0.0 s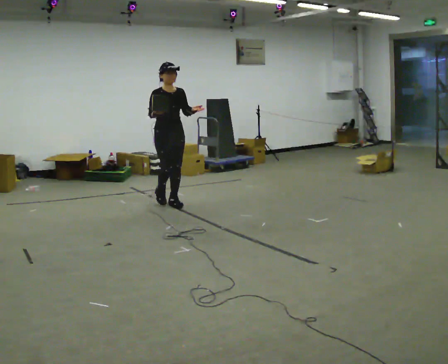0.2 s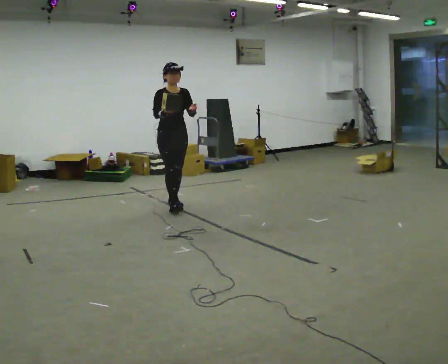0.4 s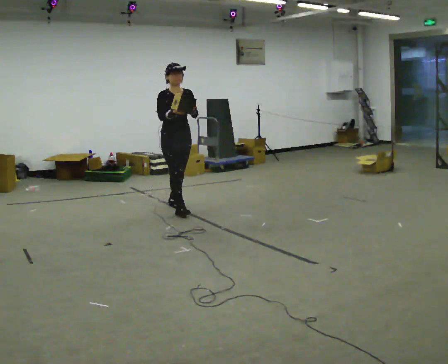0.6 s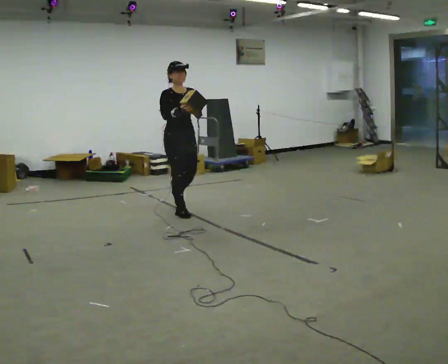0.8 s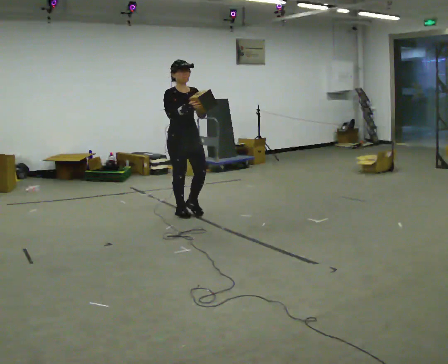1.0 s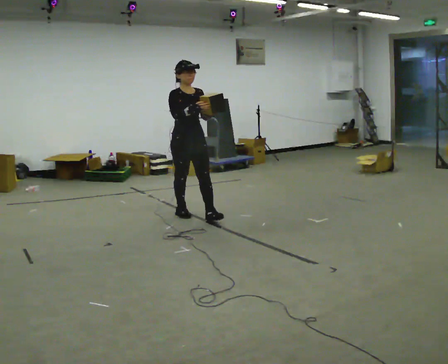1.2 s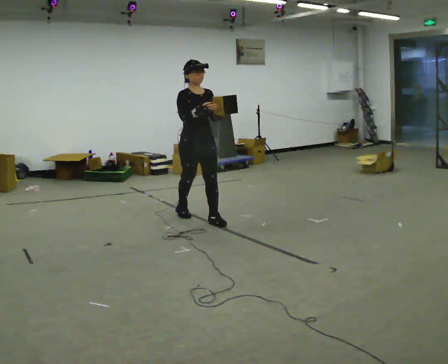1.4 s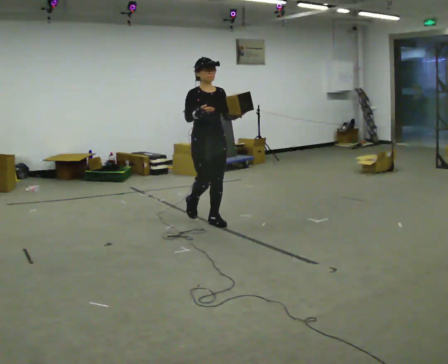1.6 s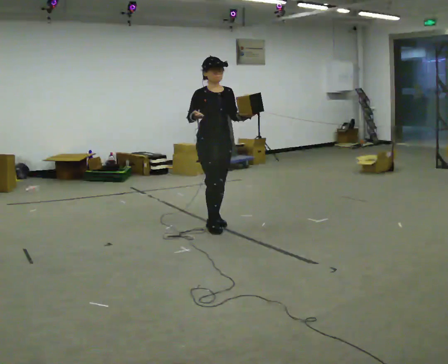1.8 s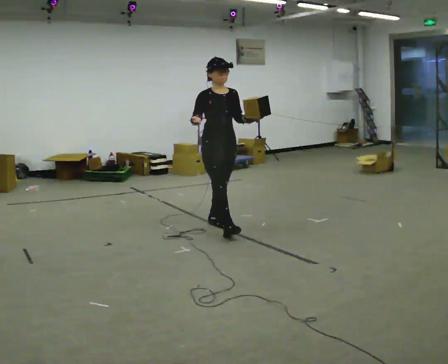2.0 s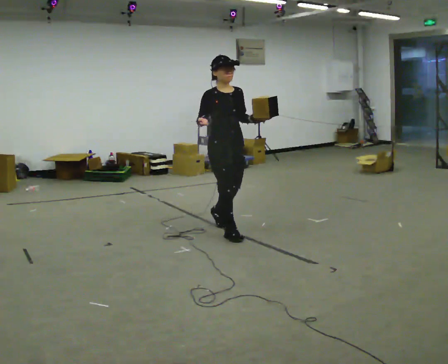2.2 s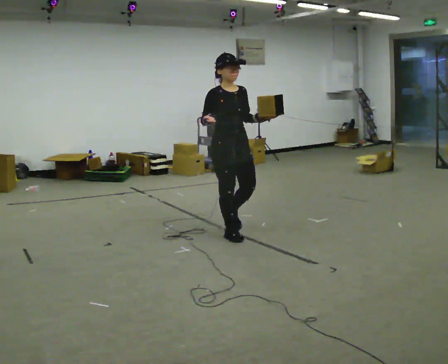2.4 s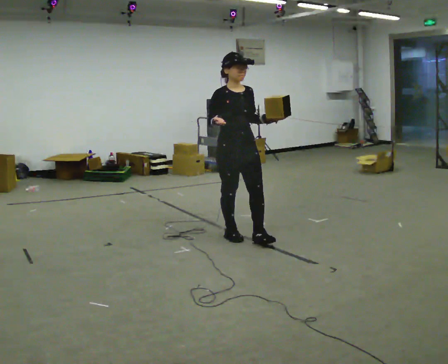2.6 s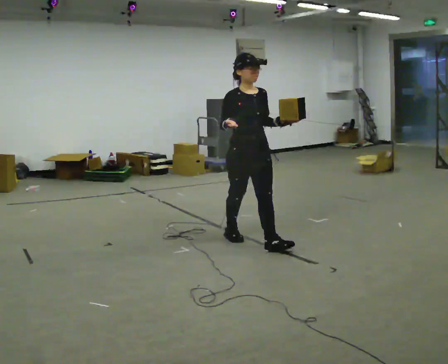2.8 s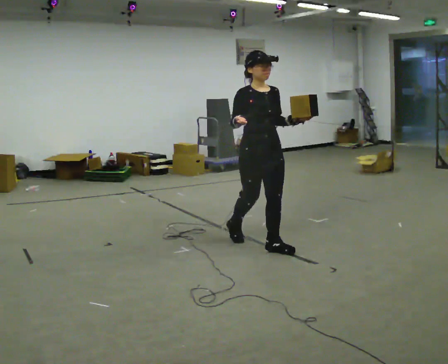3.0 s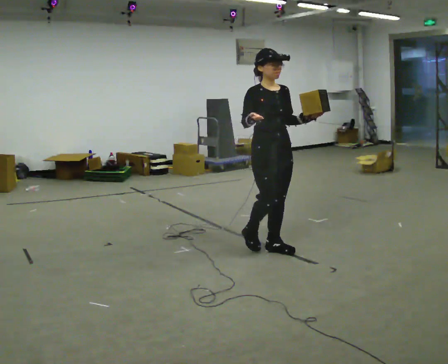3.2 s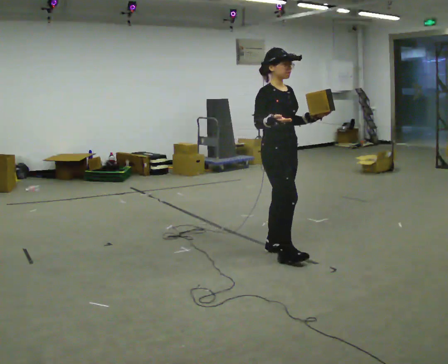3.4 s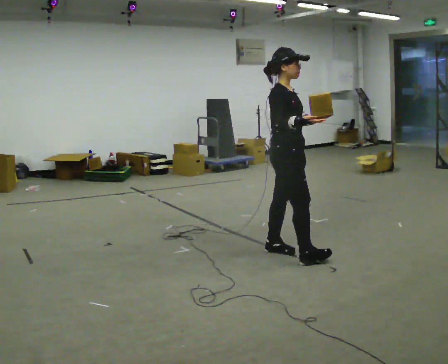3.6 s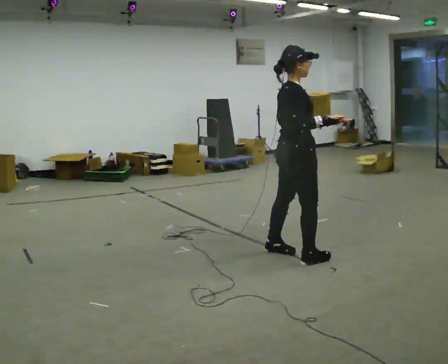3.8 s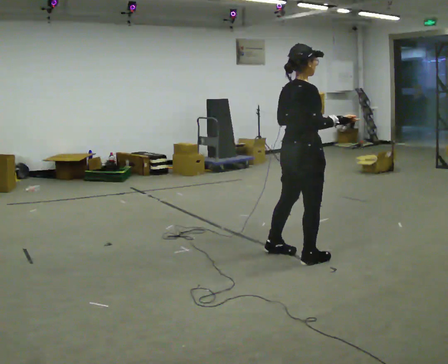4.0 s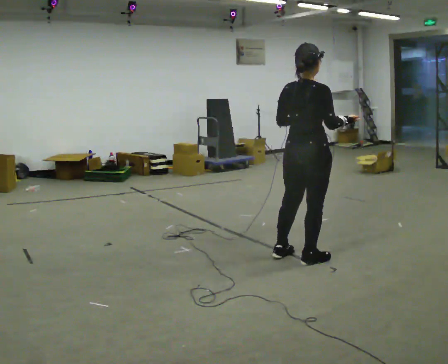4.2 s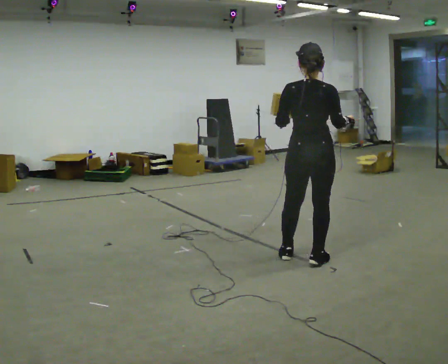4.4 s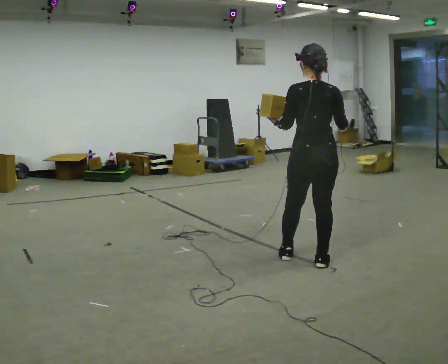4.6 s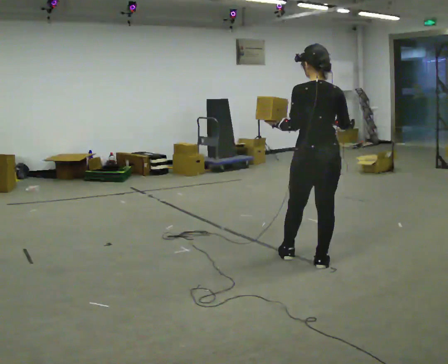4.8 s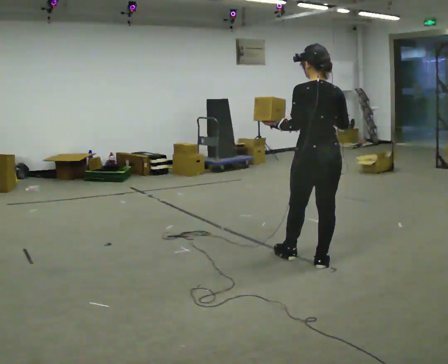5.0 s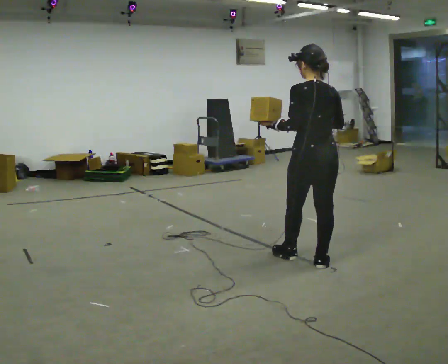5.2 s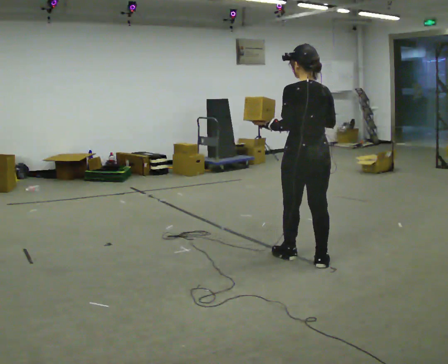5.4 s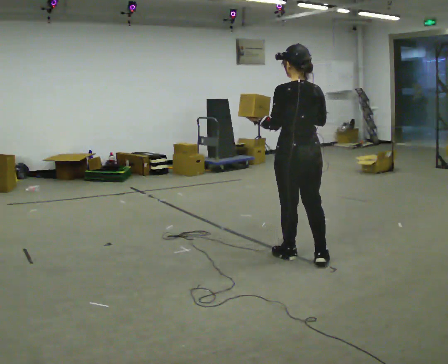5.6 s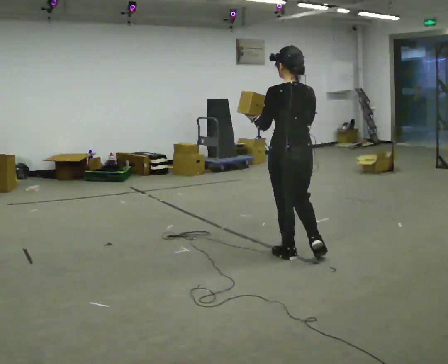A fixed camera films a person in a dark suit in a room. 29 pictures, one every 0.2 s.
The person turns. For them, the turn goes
to their left.
The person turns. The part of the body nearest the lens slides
to the right.
0.0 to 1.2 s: In the picture they go to the right and toward the camera, about 0.5 m in 2 steps, which for them is forward.
1.2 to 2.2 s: In the picture they go to the right and toward the camera, about 0.75 m in 1 step, which for them is forward.
2.2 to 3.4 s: Seen from above the body turns counterclockwise, about 45 degrees: to their left, with its near side sliding to the right. In the picture they go to the right and toward the camera, about 0.75 m in 2 steps, which for them is forward.
3.4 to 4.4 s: The person turns about 105 degrees to their left, counterclockwise seen from above, so the part of the body nearest the lens slides to the right. In the picture they go to the right, about 0.25 m in 1 step.
4.4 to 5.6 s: In the picture they go to the left, about 0.25 m, which for them is forward and to their left. In the picture their right hand goes to the left.
The film runs forward here.
